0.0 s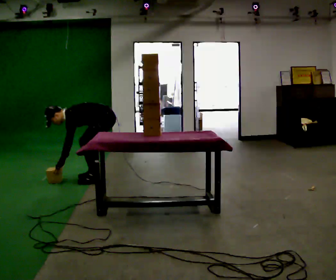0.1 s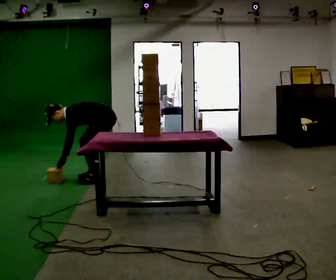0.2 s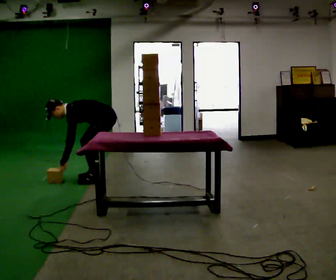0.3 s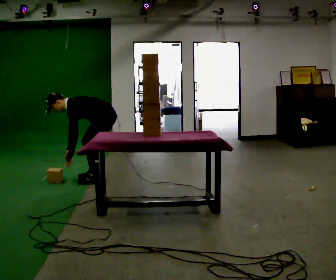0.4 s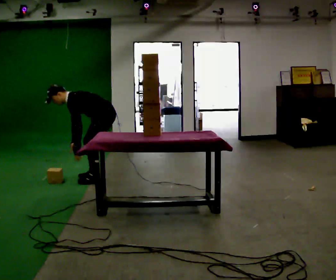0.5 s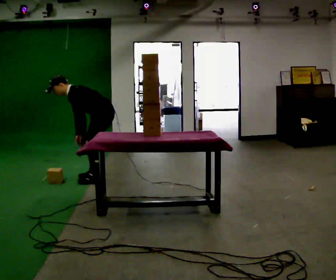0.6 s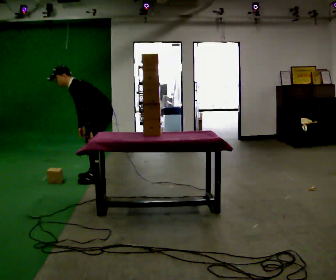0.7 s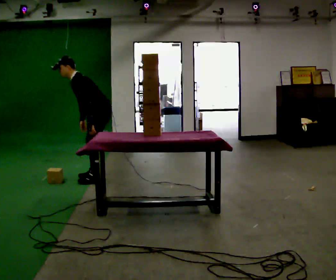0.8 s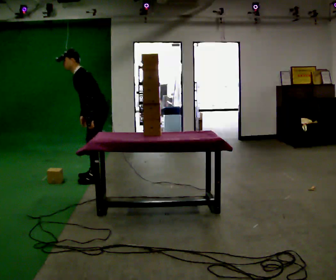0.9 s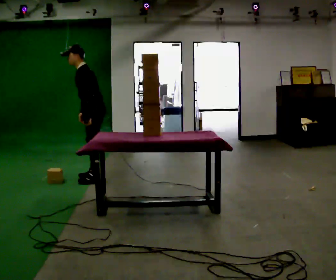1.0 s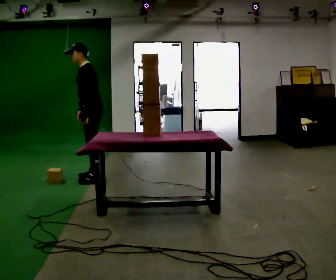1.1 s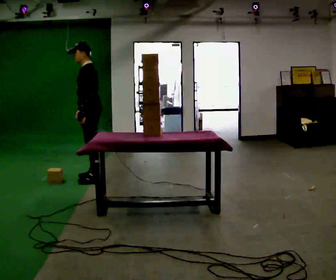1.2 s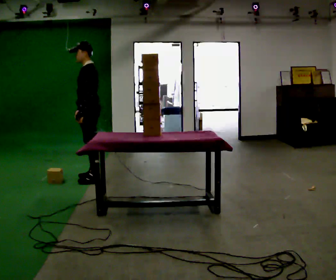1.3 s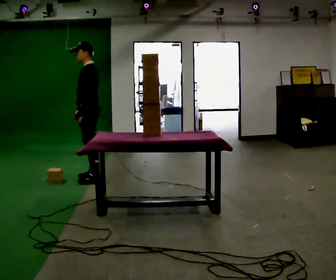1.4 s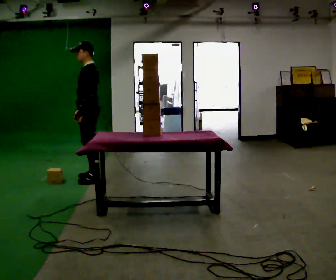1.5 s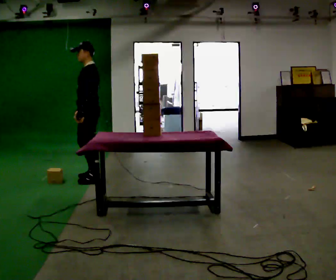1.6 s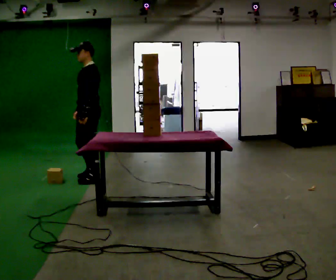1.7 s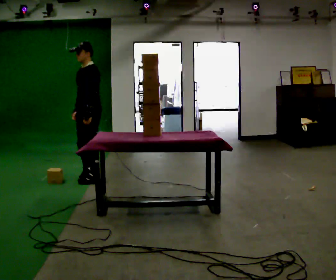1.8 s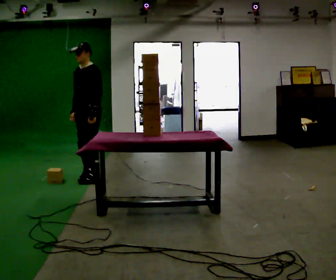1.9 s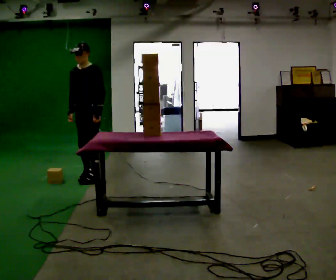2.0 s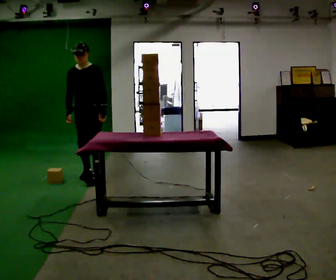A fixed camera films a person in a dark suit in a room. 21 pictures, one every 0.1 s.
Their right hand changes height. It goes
upward.
Their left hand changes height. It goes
upward.
0.0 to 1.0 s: In the picture they go to the left, about 0.25 m, which for them is forward. The upper body goes upward. In the picture the upper body tilts clockwise, shoulders to the right, as they lean back or straighten. In the picture their right hand goes upward.
1.0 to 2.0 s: Seen from above the body turns counterclockwise, about 75 degrees: to their left, with its near side sliding to the right. In the picture they go away from the camera, about 0.25 m in 1 step.
The film runs forward here.
